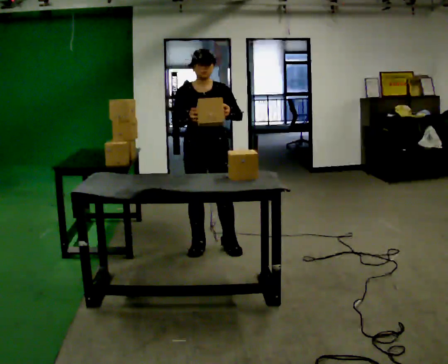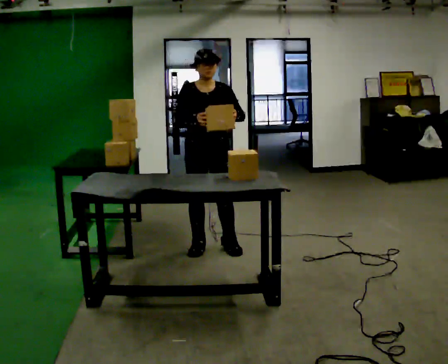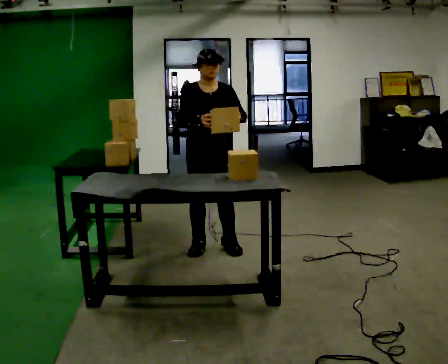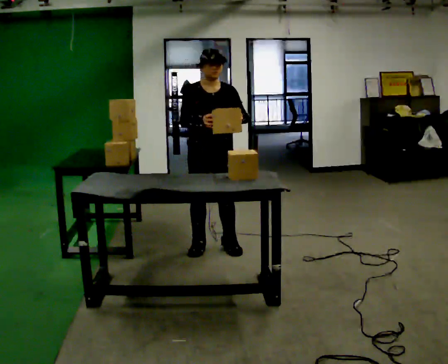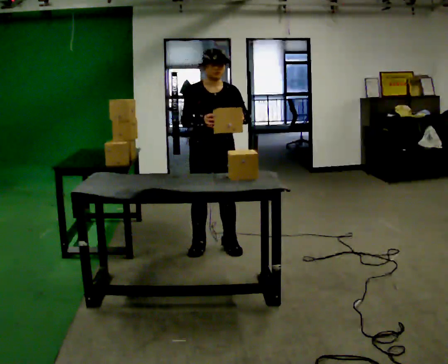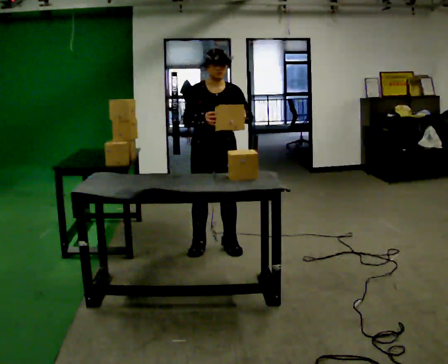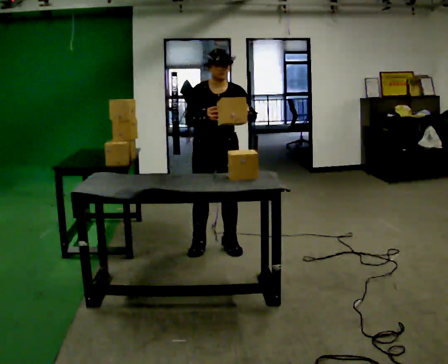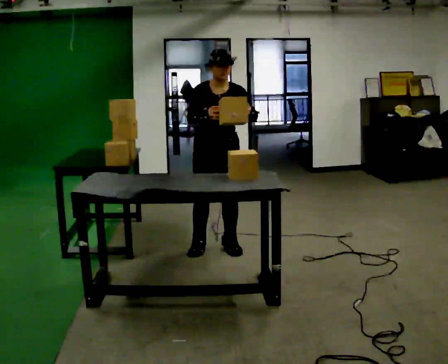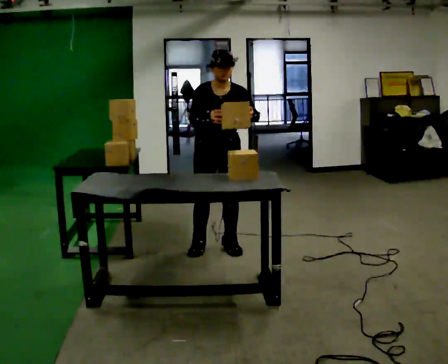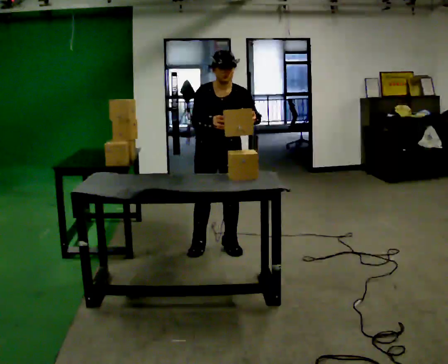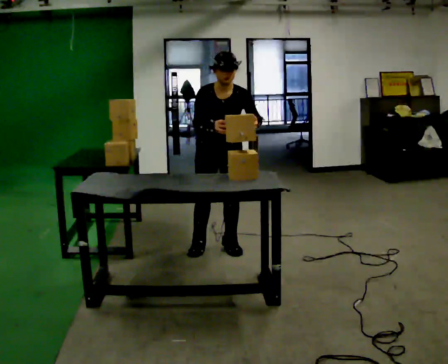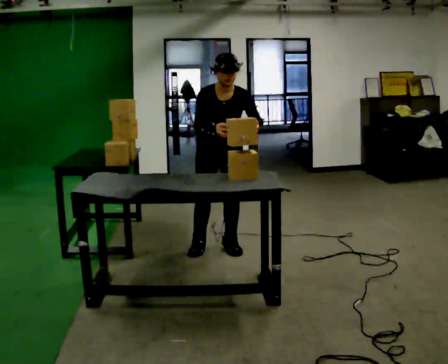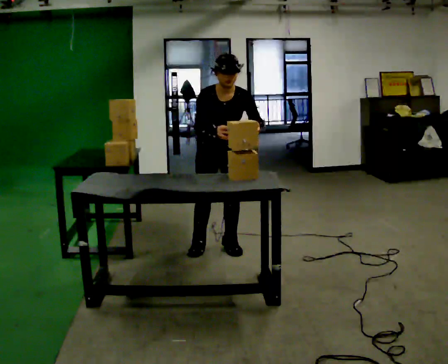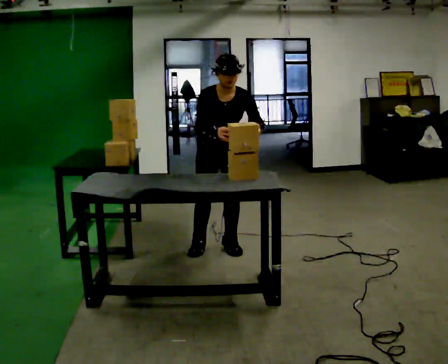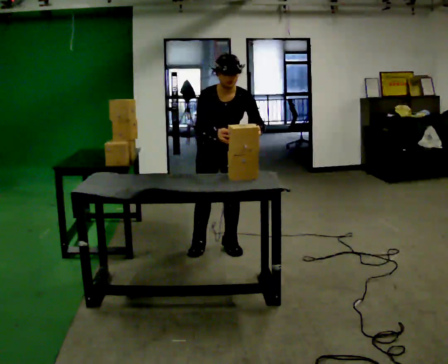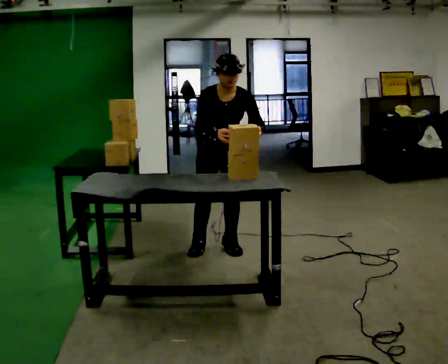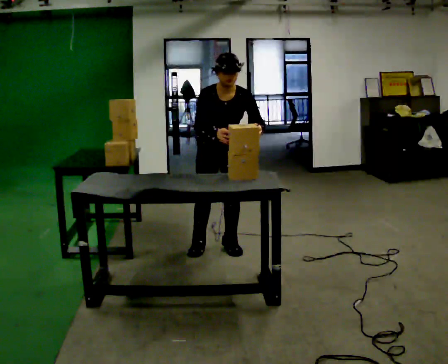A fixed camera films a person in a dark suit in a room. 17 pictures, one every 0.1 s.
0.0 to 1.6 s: The upper body tips toward the camera, its near side rolling downward, as they bend forward.
The film runs forward here.
